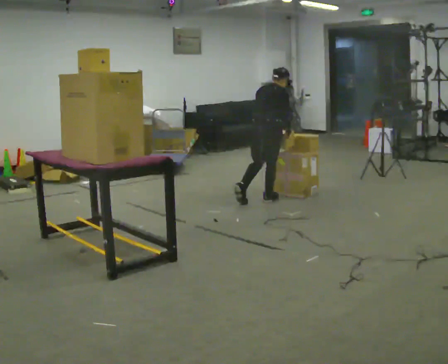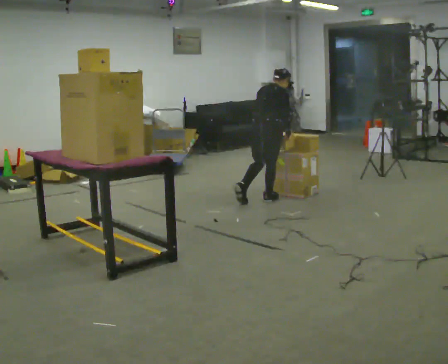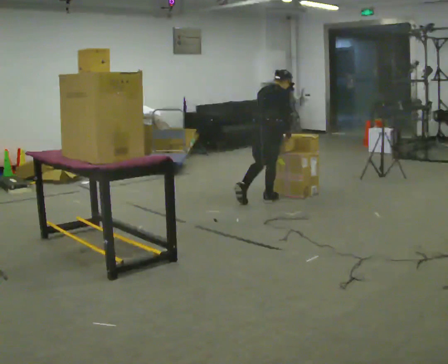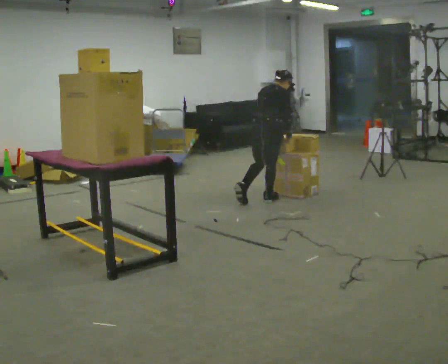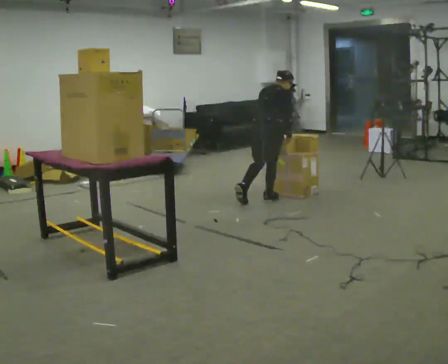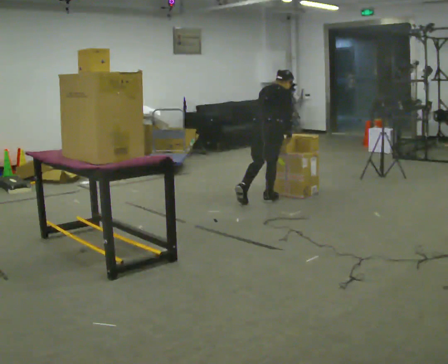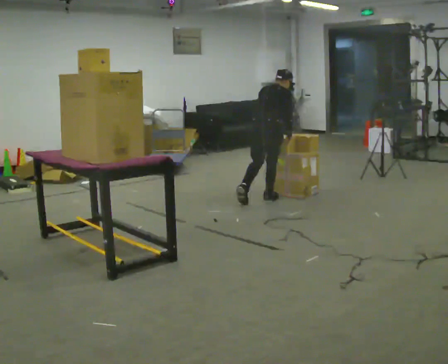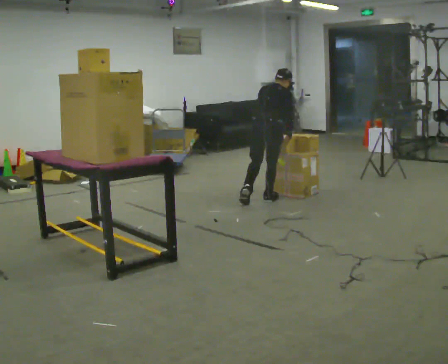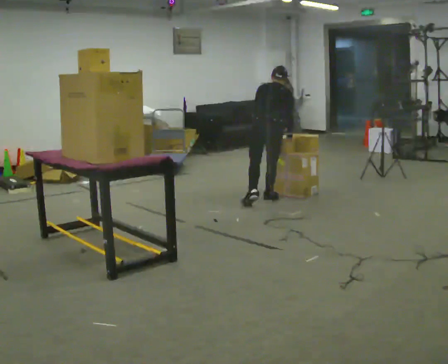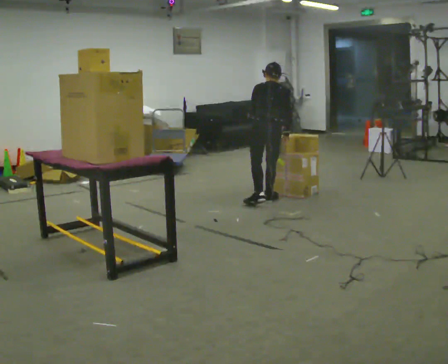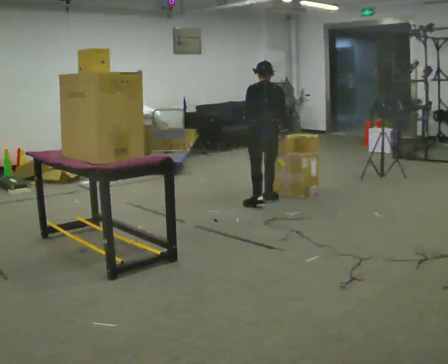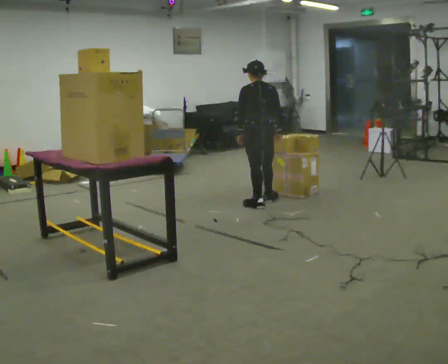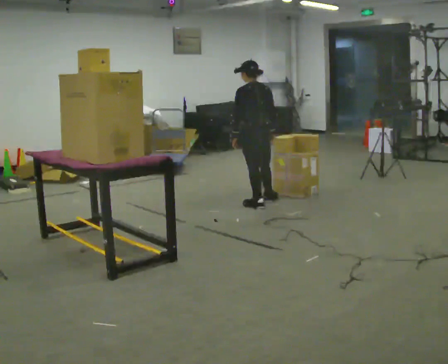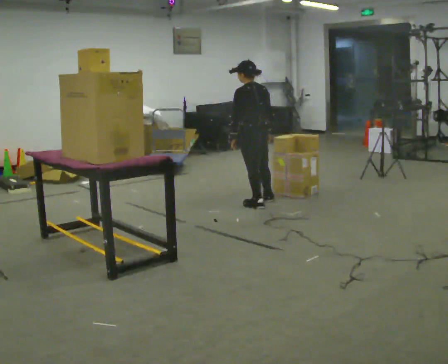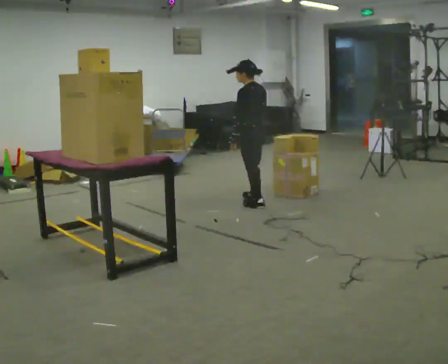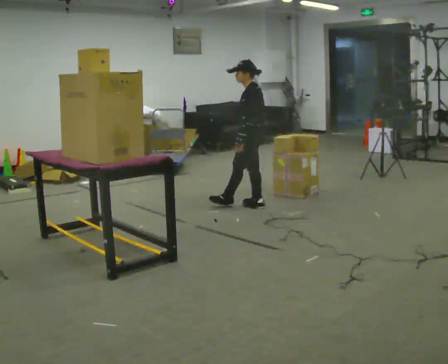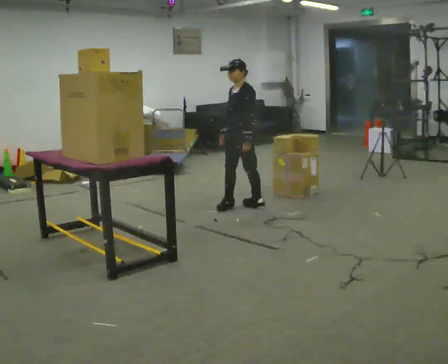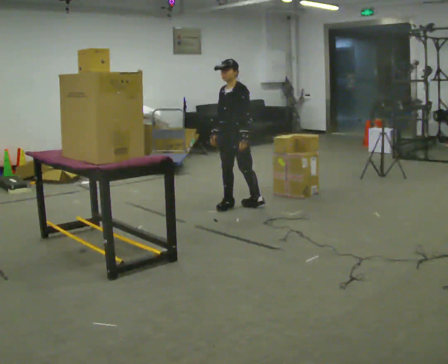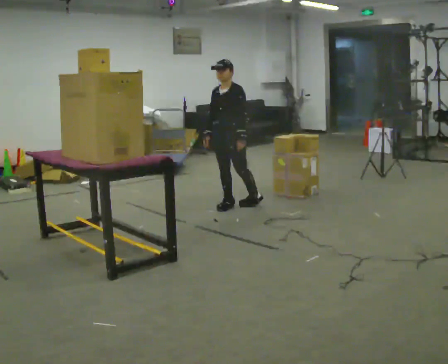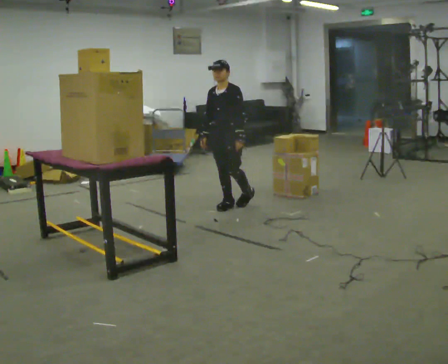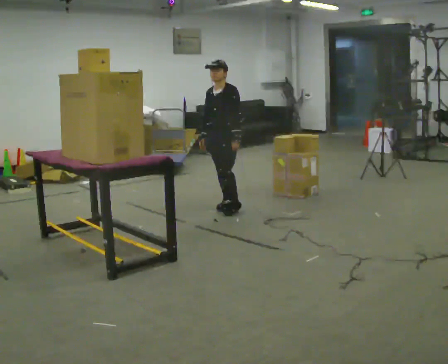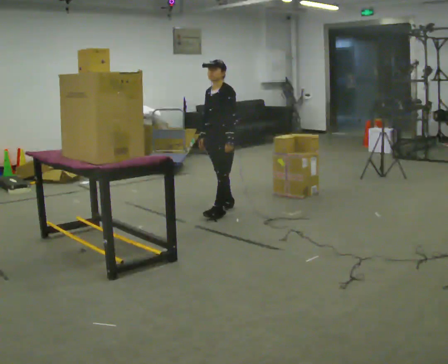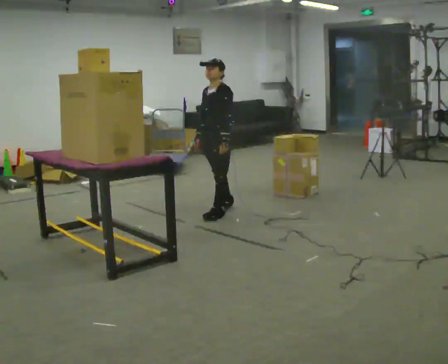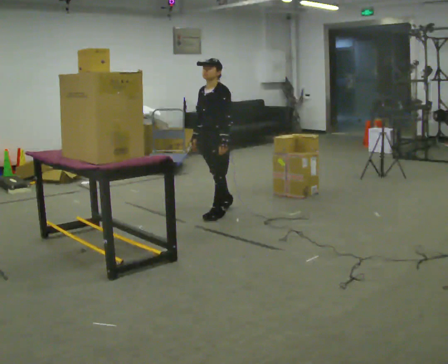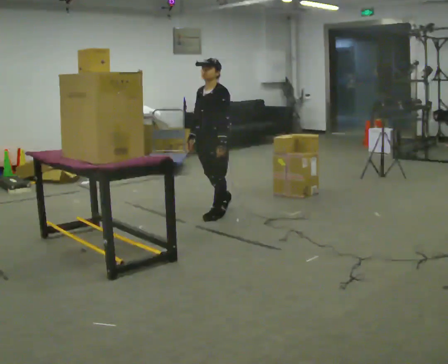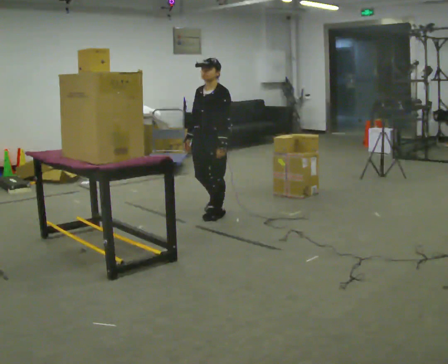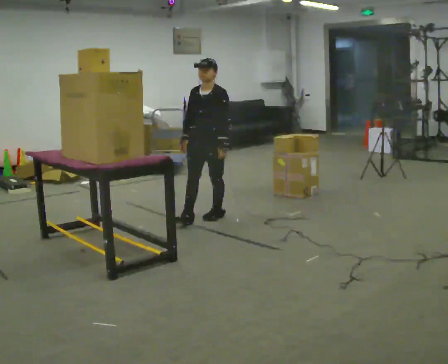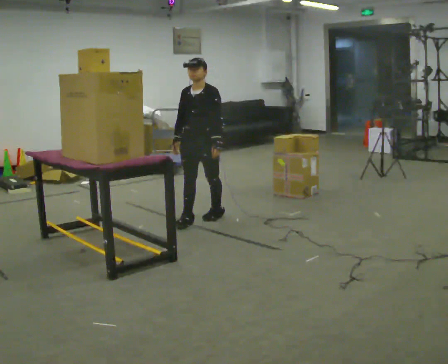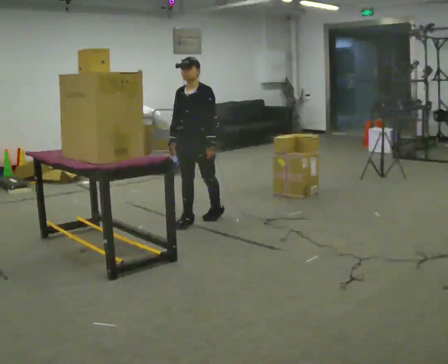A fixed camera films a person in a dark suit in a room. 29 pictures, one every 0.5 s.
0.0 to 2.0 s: The person moves a little, or ends about where they began.
2.0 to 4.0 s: The person turns about 30 degrees to their left, counterclockwise seen from above, so the part of the body nearest the lens slides to the right.
4.0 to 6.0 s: The person turns about 30 degrees to their left, counterclockwise seen from above, so the part of the body nearest the lens slides to the right. In the picture they go toward the camera, about 0.25 m, which for them is backward and to their left. The upper body tips toward the camera, its near side rolling downward, as they lean back or straighten.
6.0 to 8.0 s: Seen from above the body turns counterclockwise, about 90 degrees: to their left, with its near side sliding to the right. In the picture they go to the left, about 0.25 m in 1 step. In the picture their right hand goes to the left.
8.0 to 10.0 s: In the picture they go to the left, about 0.25 m in 1 step, which for them is to their right and forward.
10.0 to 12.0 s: In the picture they go toward the camera, about 0.25 m in 1 step, which for them is forward and to their left.
12.0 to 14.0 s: In the picture they go toward the camera, about 0.25 m in 1 step, which for them is forward.
The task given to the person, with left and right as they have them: Take an object down from the highest shelf you can comfortably reach, carry it across, and place it on the waist-height shelf. Keep going until the operator says stop; one object at a time, and do not rush between trips.
The film runs forward here.
